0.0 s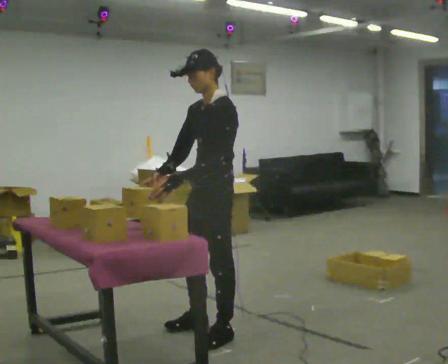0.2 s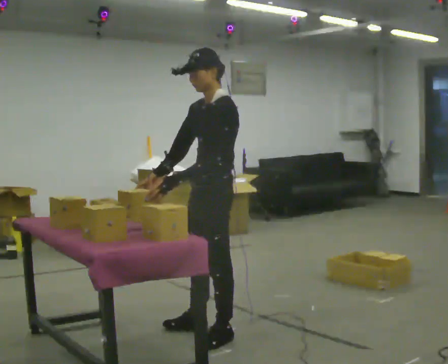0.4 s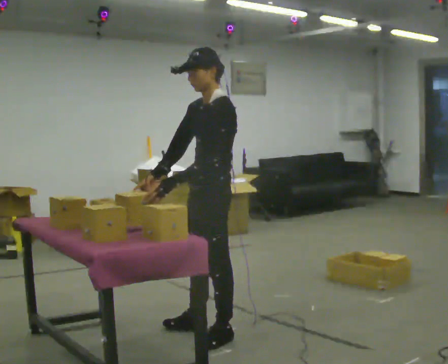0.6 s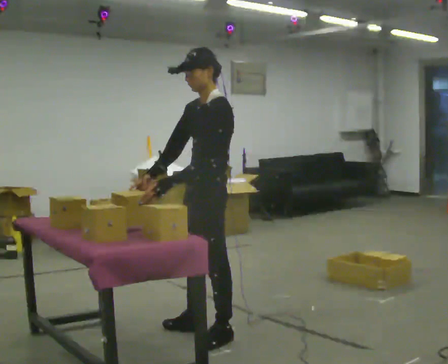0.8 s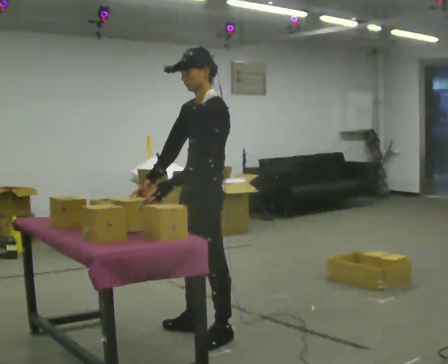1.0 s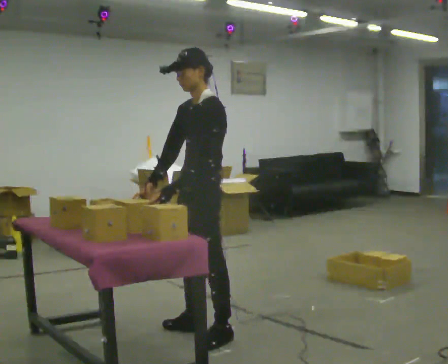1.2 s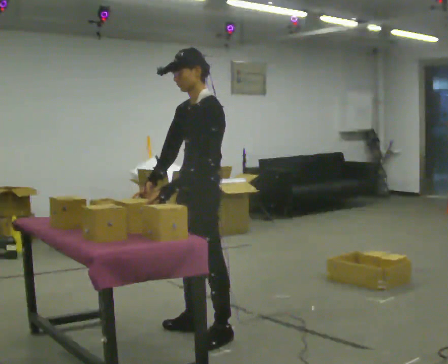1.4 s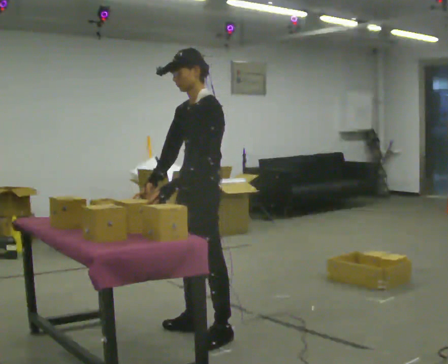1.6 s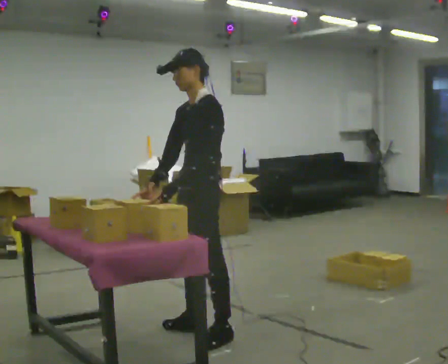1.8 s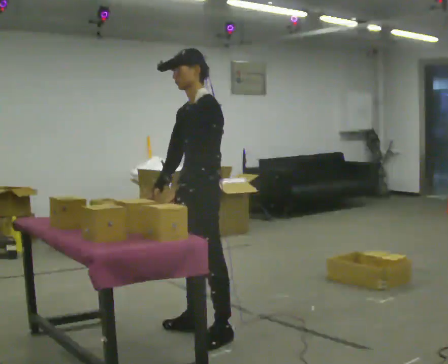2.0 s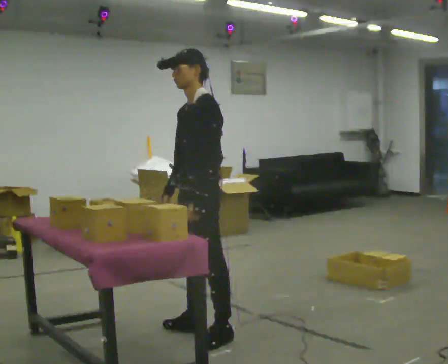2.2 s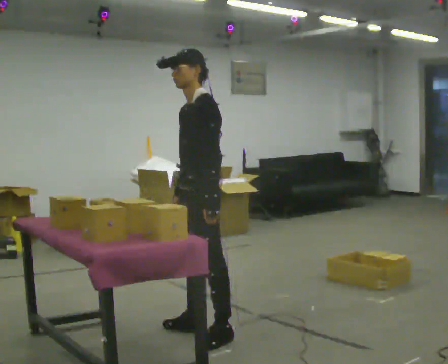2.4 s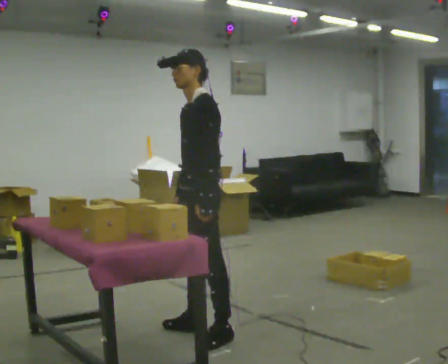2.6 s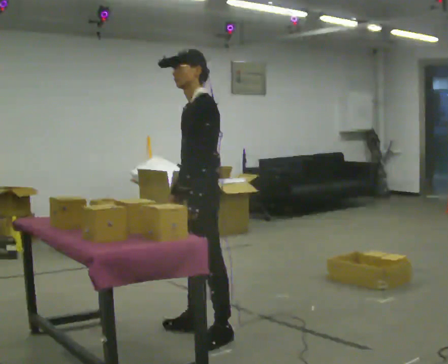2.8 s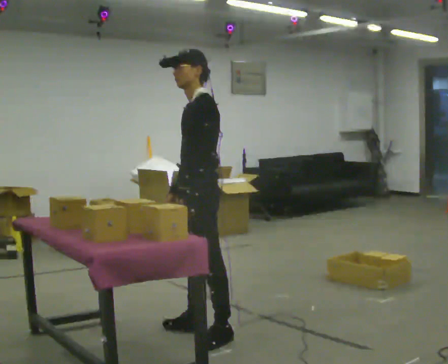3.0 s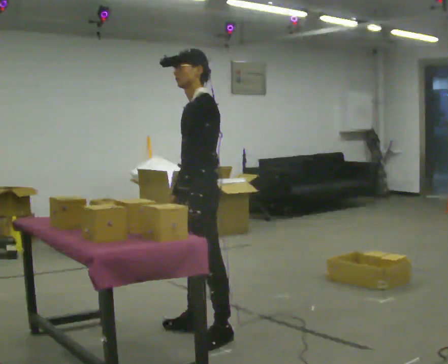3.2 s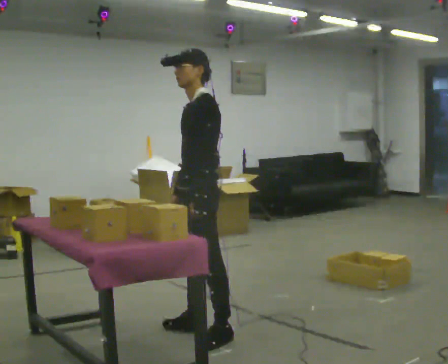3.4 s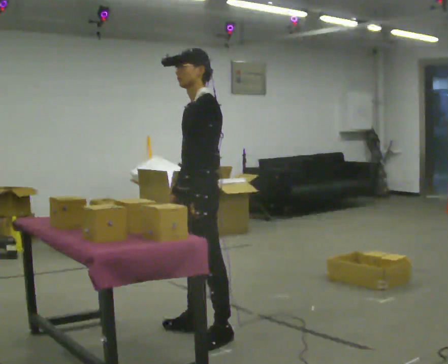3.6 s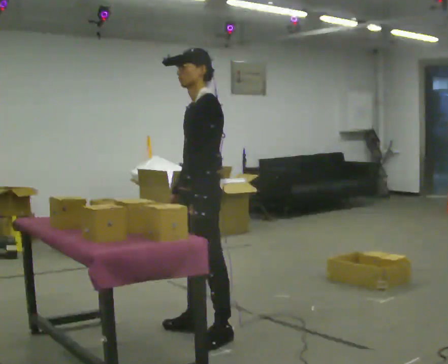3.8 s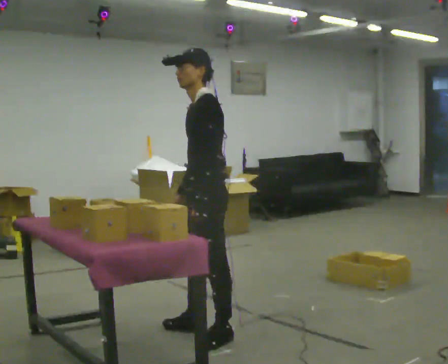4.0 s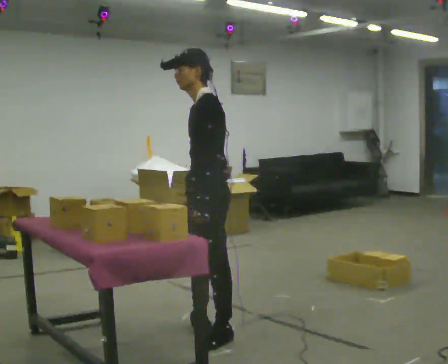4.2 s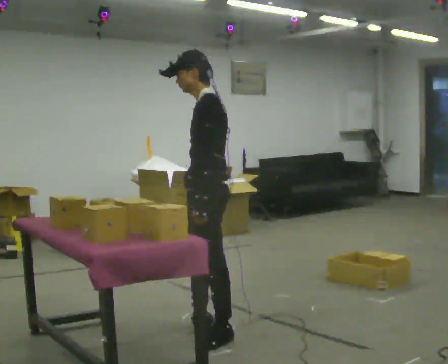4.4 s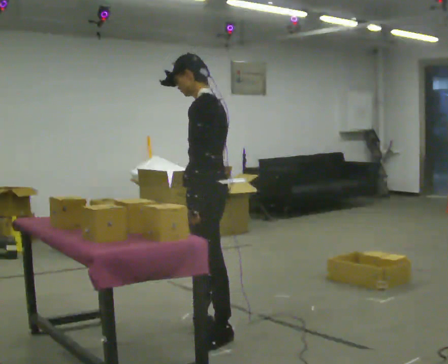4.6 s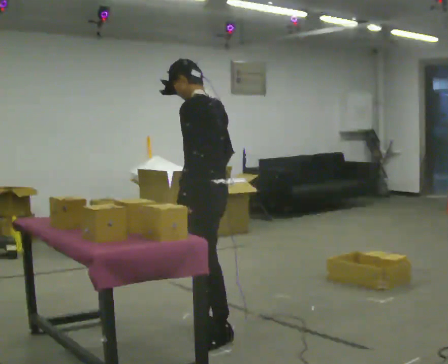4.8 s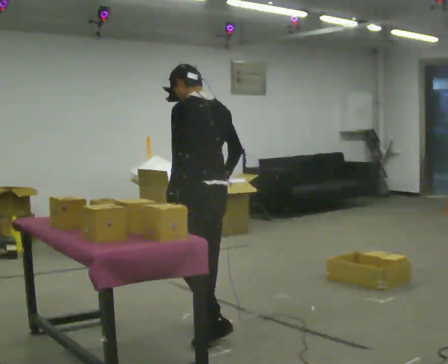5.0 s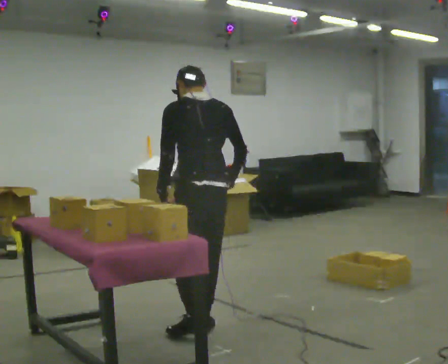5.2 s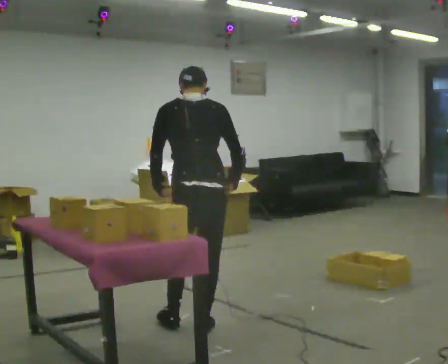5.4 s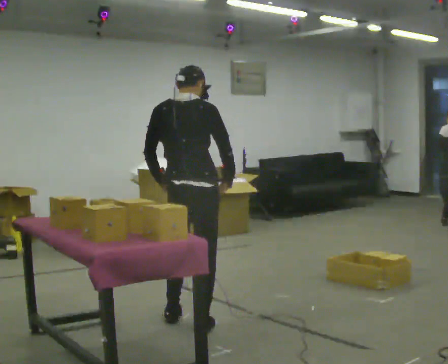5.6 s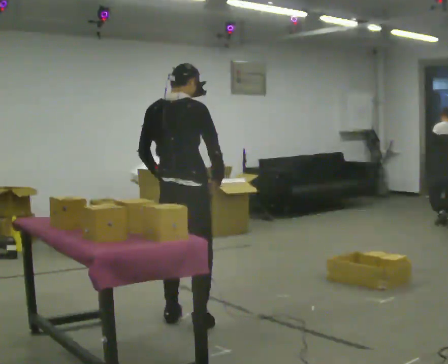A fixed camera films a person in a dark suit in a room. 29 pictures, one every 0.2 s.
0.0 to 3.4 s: The person moves a little, or ends about where they began.
3.4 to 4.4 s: Seen from above the body turns clockwise, about 30 degrees: to their right, with its near side sliding to the left.
4.4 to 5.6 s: The person turns about 105 degrees to their right, clockwise seen from above, so the part of the body nearest the lens slides to the left. In the picture they go away from the camera and to the left, about 0.5 m in 1 step.
The film runs forward here.
